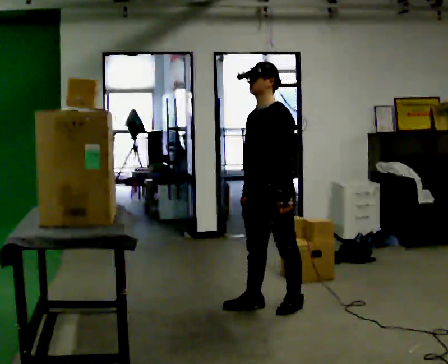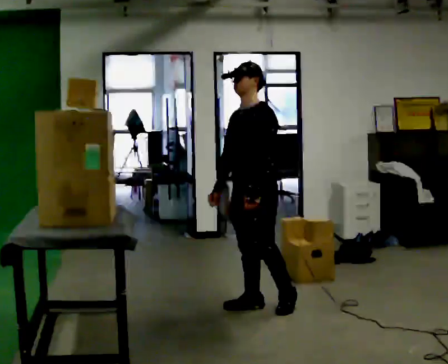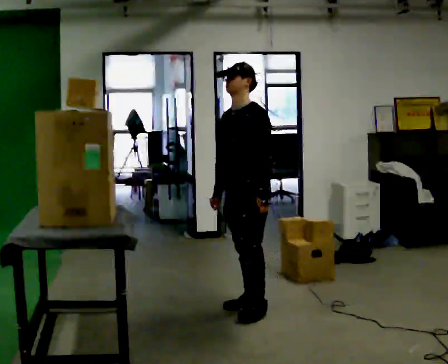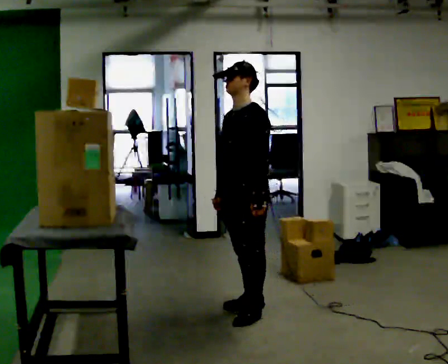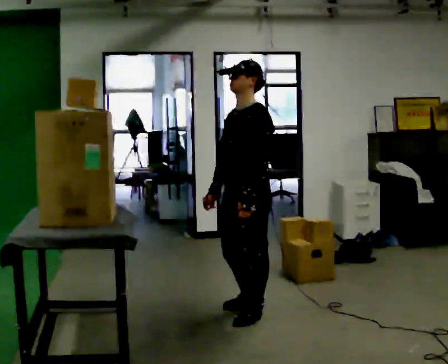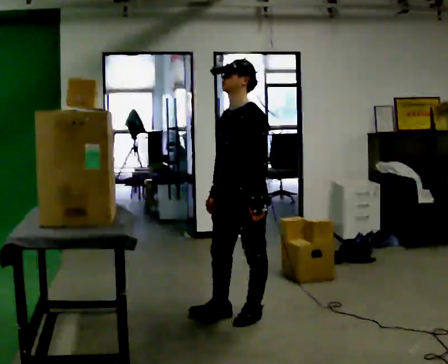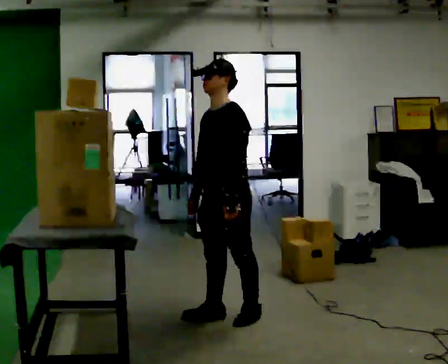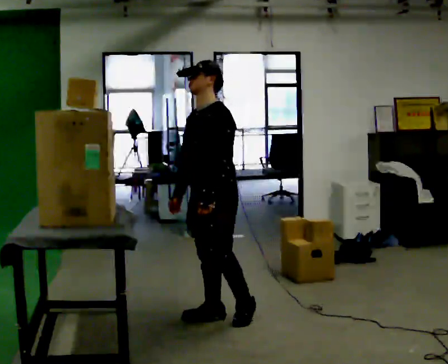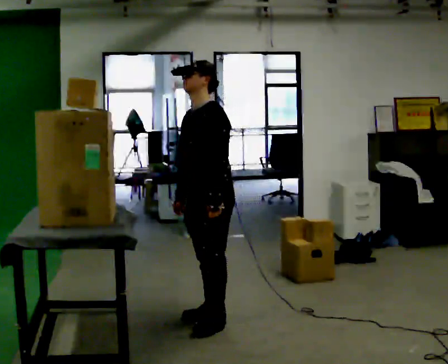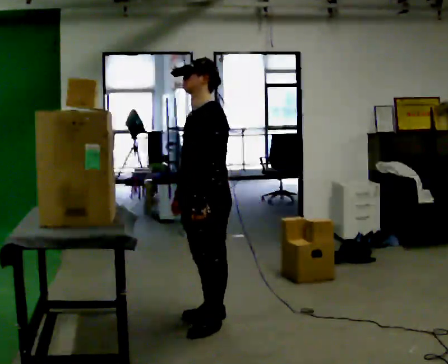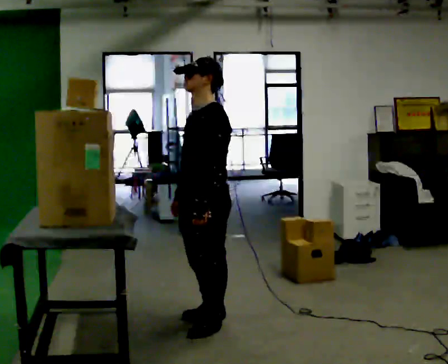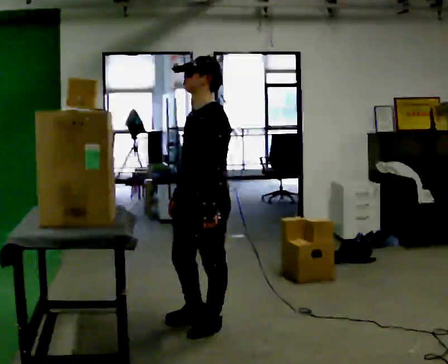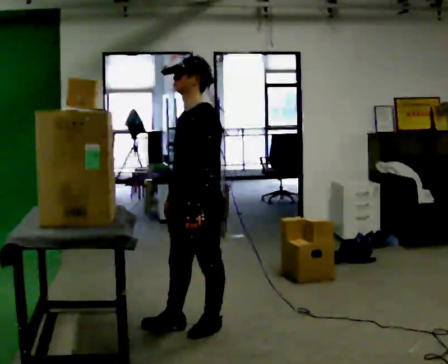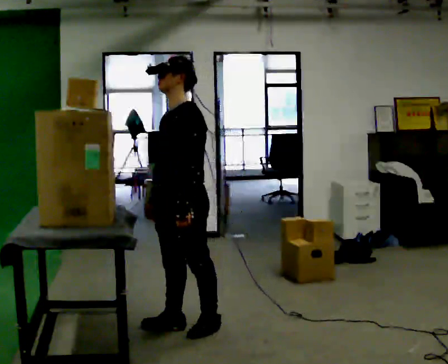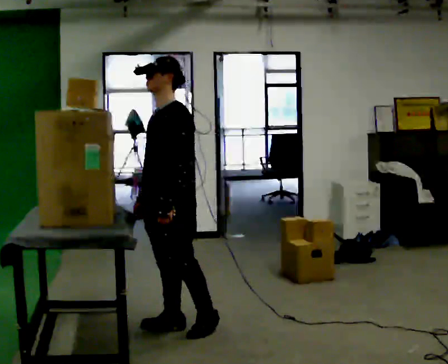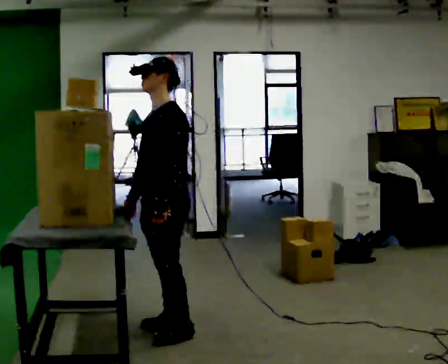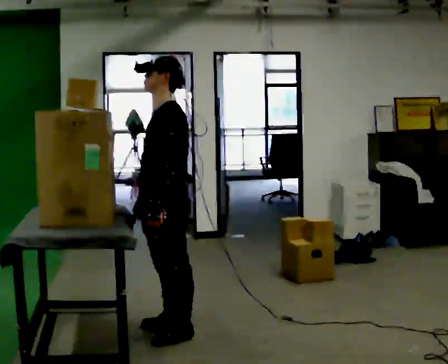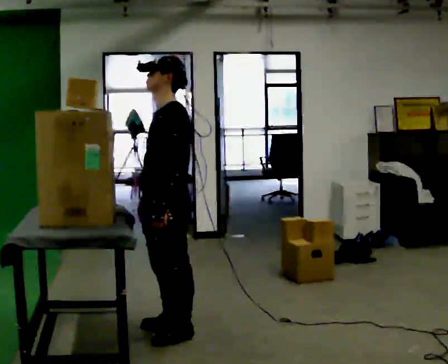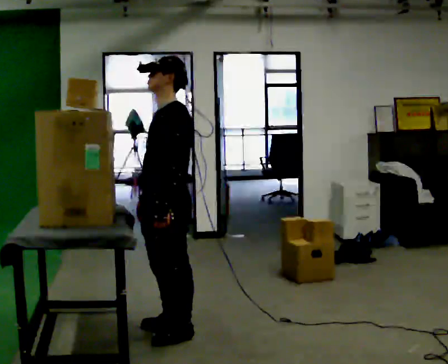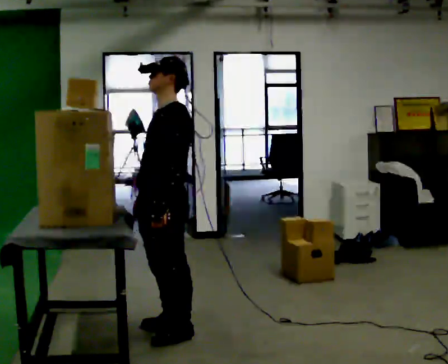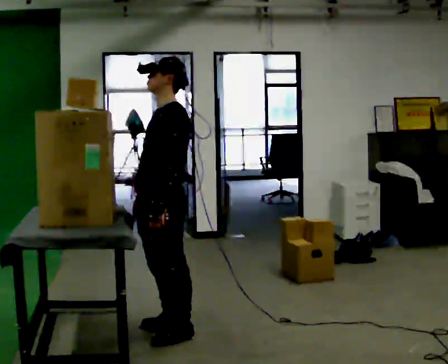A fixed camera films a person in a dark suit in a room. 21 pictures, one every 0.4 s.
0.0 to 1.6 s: In the picture they go toward the camera and to the left, about 0.25 m in 1 step, which for them is forward.
1.6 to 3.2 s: In the picture they go to the left, about 0.25 m in 1 step, which for them is forward and to their right.
3.2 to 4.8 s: In the picture they go toward the camera, about 0.25 m in 2 steps, which for them is to their left and forward.
4.8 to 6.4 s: In the picture they go to the left, about 0.25 m in 1 step, which for them is forward.
6.4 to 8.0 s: The person moves a little, or ends about where they began.
The film runs forward here.
